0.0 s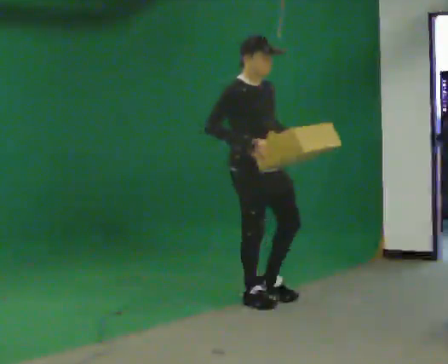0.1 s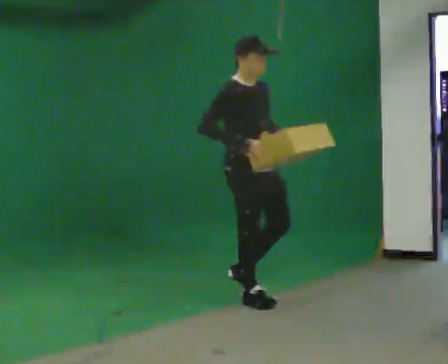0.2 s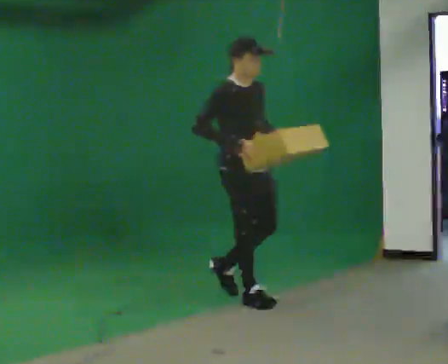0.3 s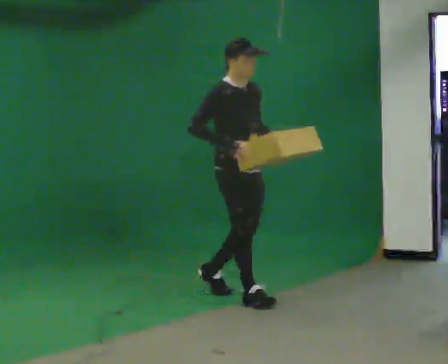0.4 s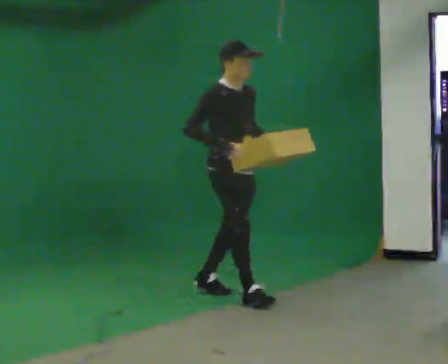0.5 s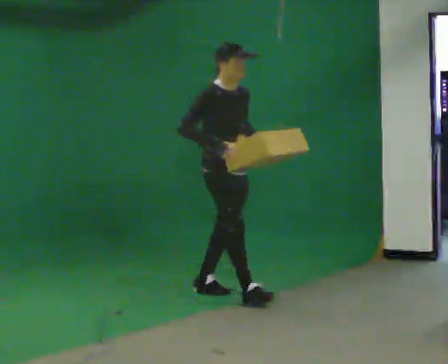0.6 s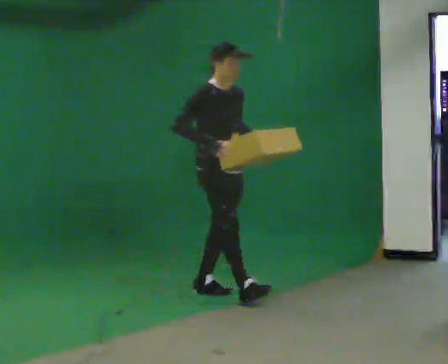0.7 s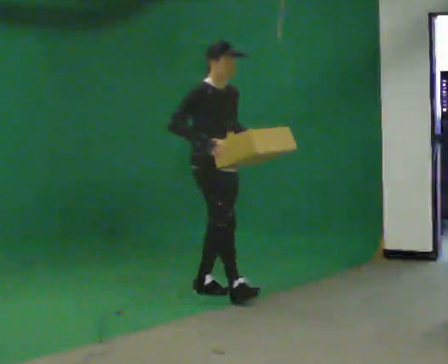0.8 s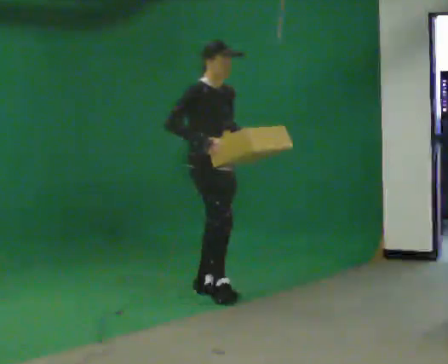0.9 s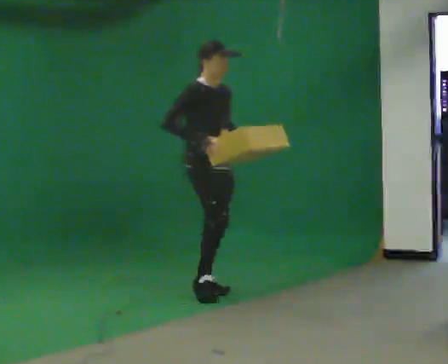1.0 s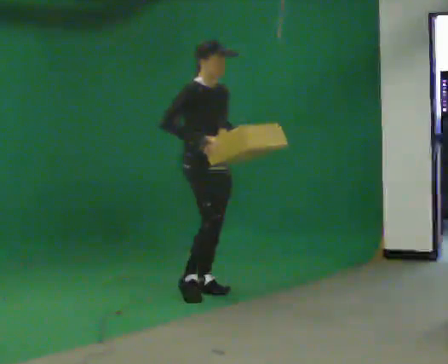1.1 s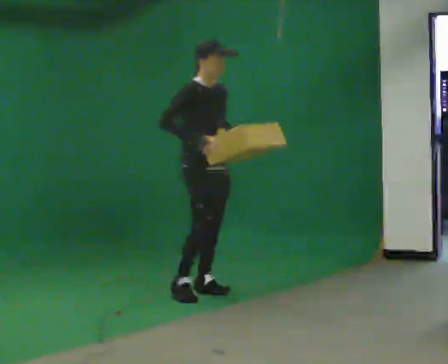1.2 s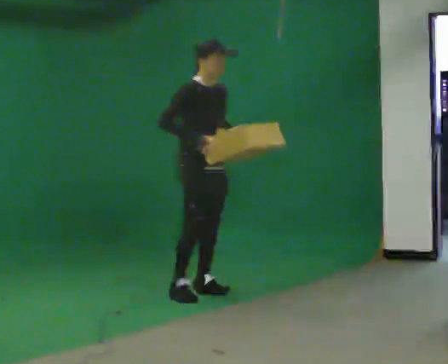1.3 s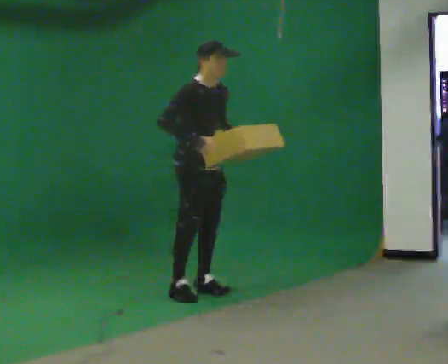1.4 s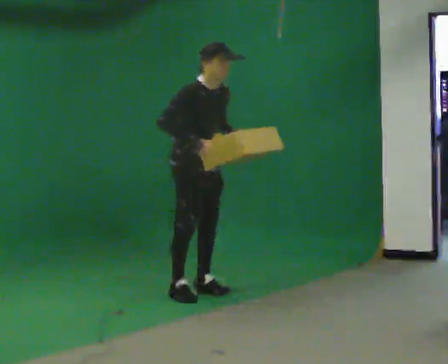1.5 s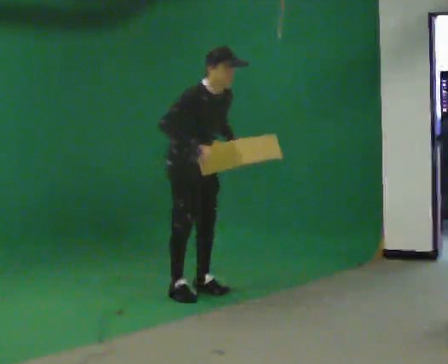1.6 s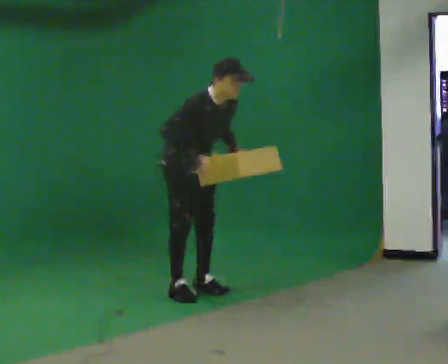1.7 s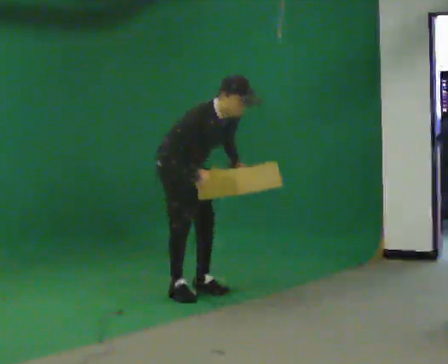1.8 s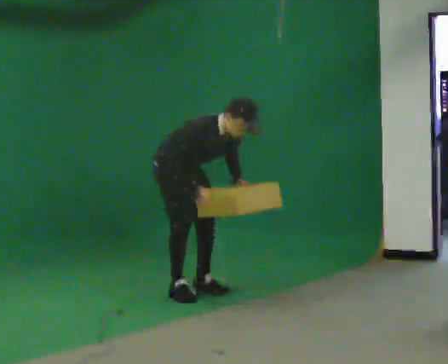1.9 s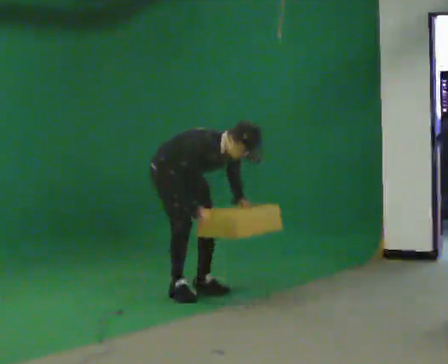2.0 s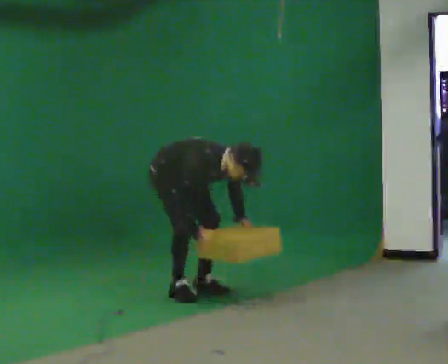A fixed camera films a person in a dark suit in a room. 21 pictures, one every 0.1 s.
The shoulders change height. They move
downward.
Their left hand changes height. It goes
downward.
0.0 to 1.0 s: In the picture they go away from the camera and to the left, about 0.5 m in 1 step, which for them is backward.
1.0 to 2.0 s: In the picture they go to the left, about 0.25 m, which for them is backward. The upper body goes downward. In the picture the upper body tilts clockwise, shoulders to the right, as they bend forward. In the picture their right hand goes downward.
The film runs backward here.
